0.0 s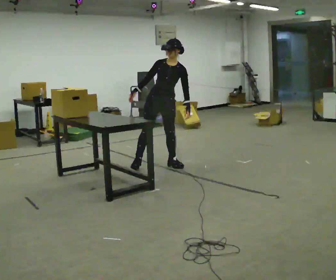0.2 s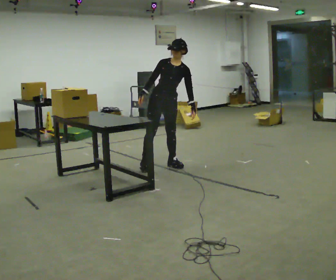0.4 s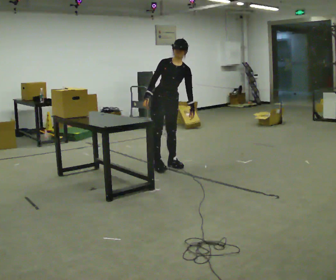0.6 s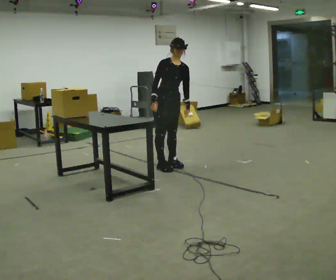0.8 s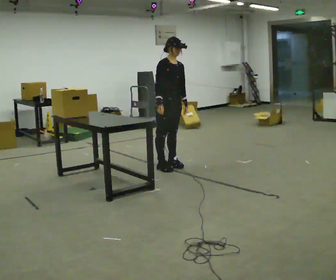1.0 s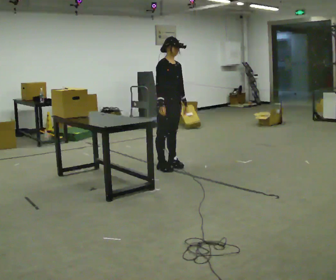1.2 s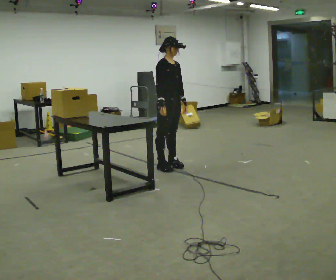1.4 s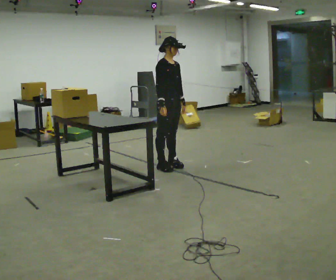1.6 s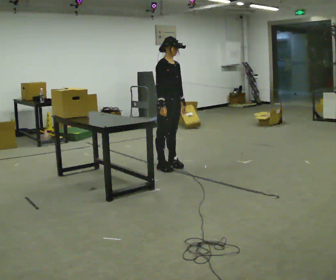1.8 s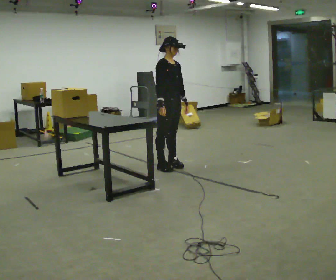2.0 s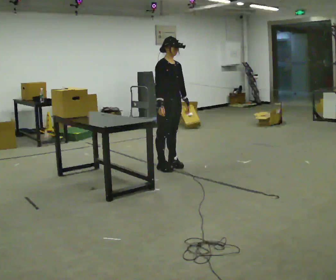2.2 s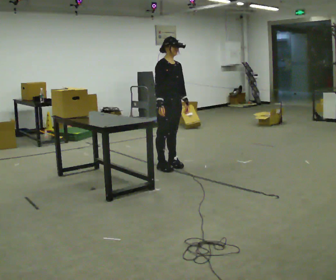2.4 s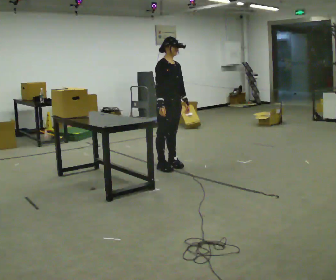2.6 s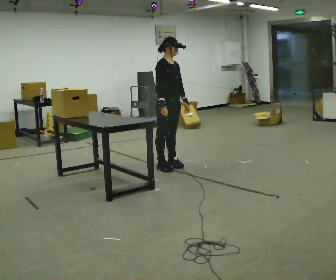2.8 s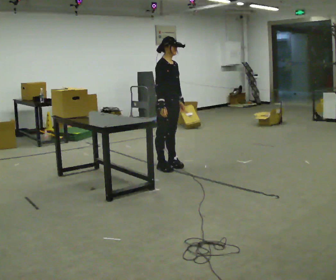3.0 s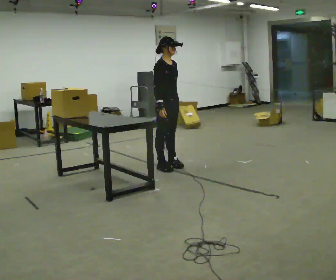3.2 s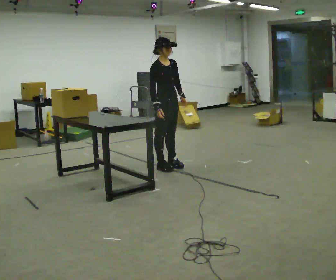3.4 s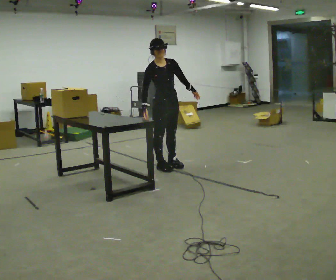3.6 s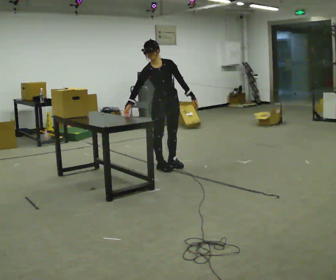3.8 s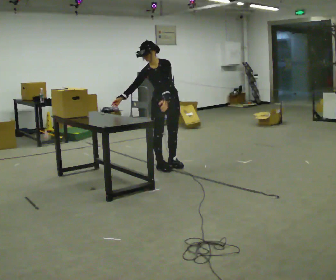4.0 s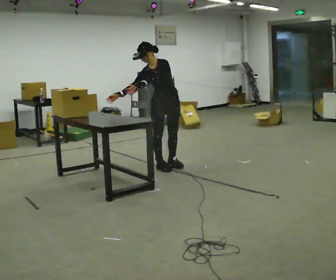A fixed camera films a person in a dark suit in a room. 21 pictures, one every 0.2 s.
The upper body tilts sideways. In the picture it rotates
counterclockwise.
0.0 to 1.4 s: The person turns about 60 degrees to their left, counterclockwise seen from above, so the part of the body nearest the lens slides to the right. In the picture the upper body tilts counterclockwise, shoulders to the left. In the picture their right hand goes to the right, the arm swinging counterclockwise.
1.4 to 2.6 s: The person moves a little, or ends about where they began.
2.6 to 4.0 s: The part of the body nearest the lens slides to the left as the person turns to their right by about 60 degrees. In the picture their left hand goes to the left.
The film runs backward here.
